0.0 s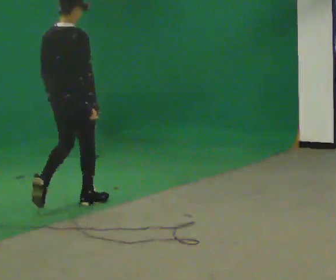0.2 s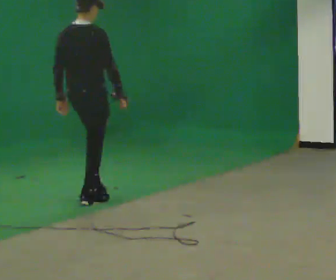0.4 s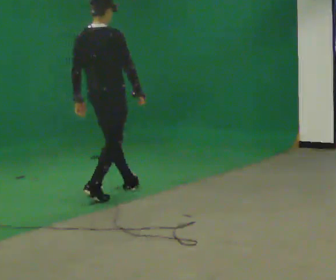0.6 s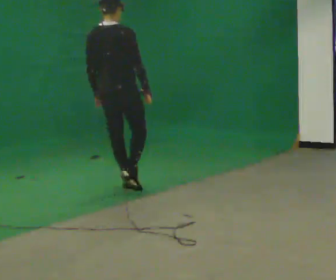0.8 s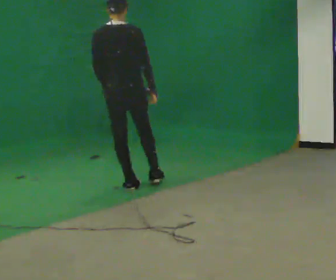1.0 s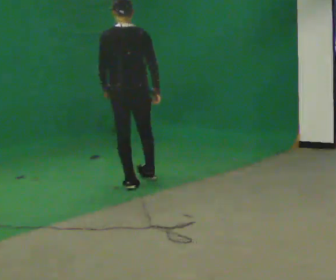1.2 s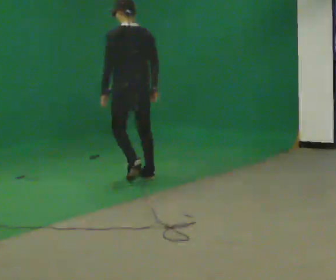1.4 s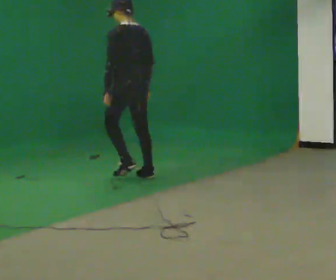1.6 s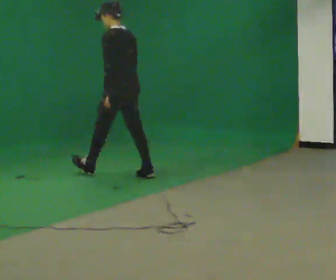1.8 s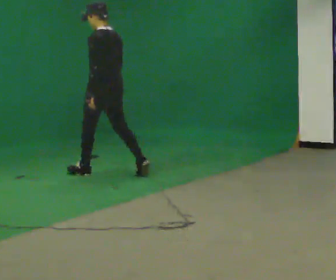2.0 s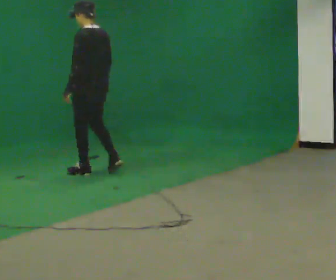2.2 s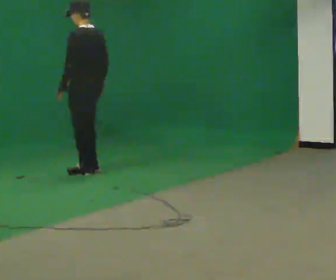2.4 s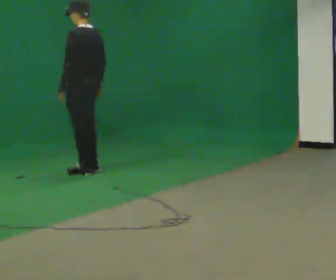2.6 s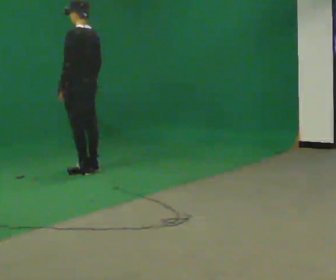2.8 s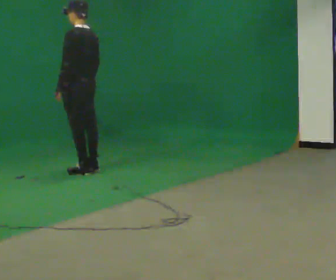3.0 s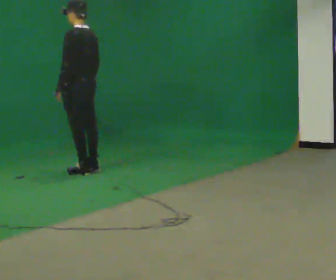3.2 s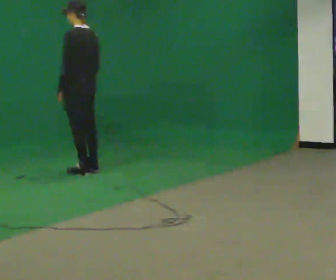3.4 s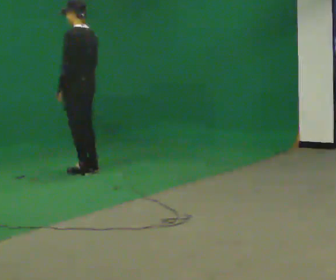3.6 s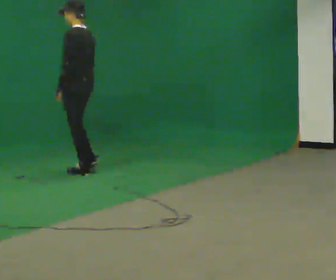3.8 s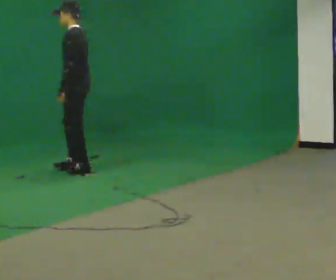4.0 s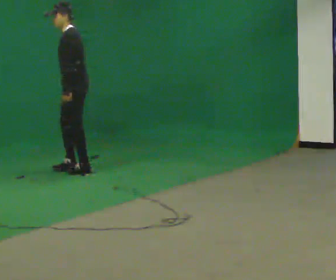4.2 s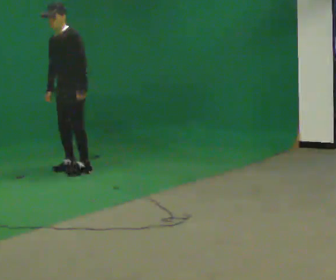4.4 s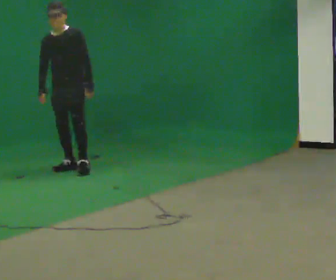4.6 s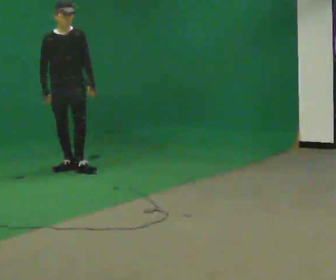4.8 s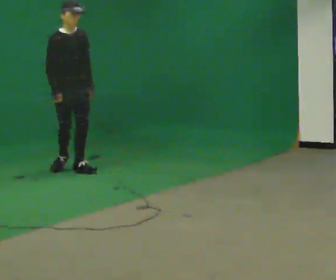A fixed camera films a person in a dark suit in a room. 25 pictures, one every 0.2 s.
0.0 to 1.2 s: Seen from above the body turns counterclockwise, about 60 degrees: to their left, with its near side sliding to the right. In the picture they go away from the camera and to the right, about 1 m in 2 steps.
1.2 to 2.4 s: The person turns about 30 degrees to their left, counterclockwise seen from above, so the part of the body nearest the lens slides to the right. In the picture they go away from the camera and to the left, about 0.75 m in 2 steps, which for them is forward.
2.4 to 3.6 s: The person moves a little, or ends about where they began.
3.6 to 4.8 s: The part of the body nearest the lens slides to the right as the person turns to their left by about 150 degrees. In the picture their left hand goes to the right.
The film runs forward here.
